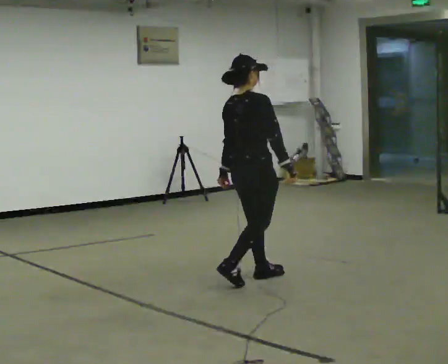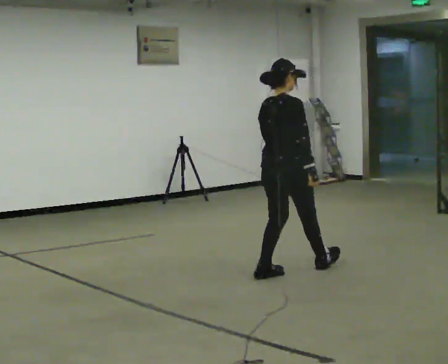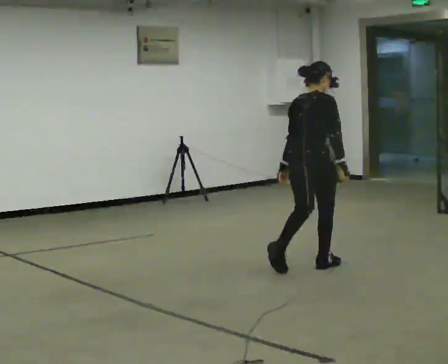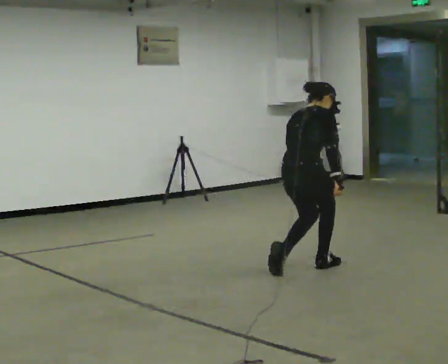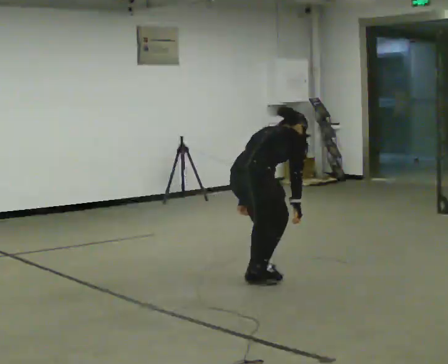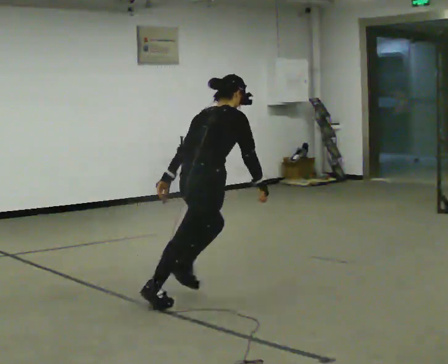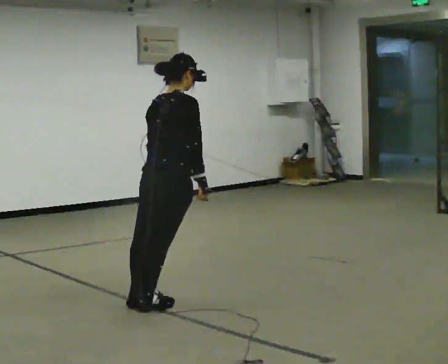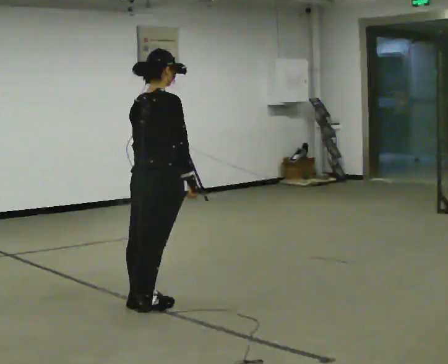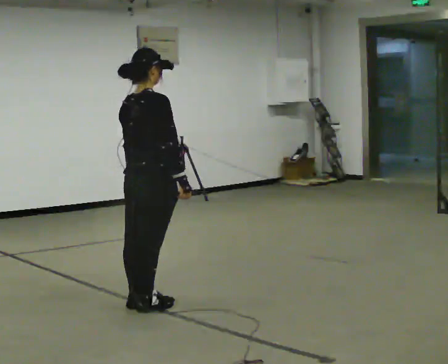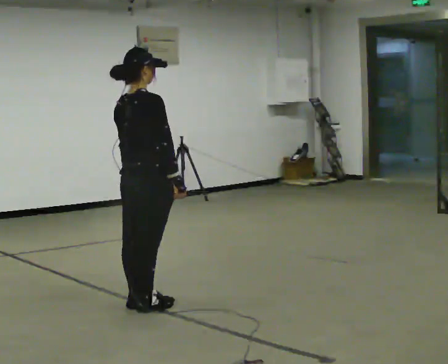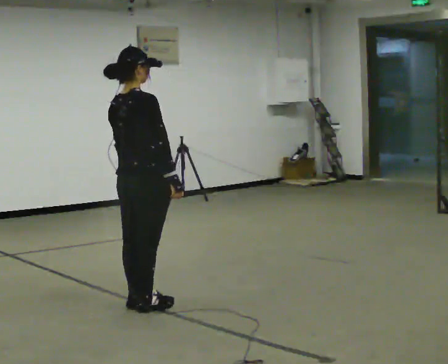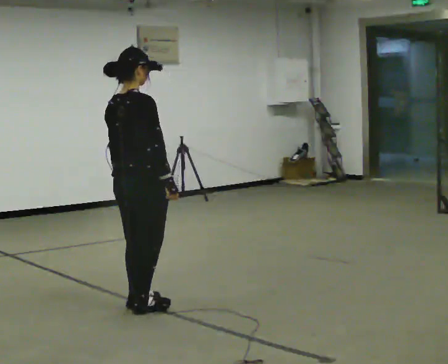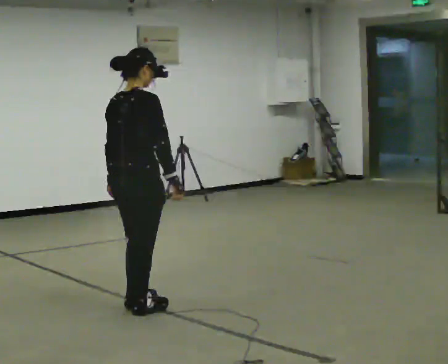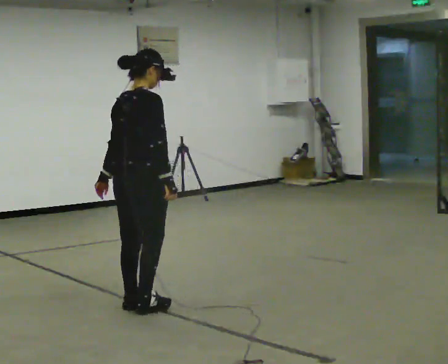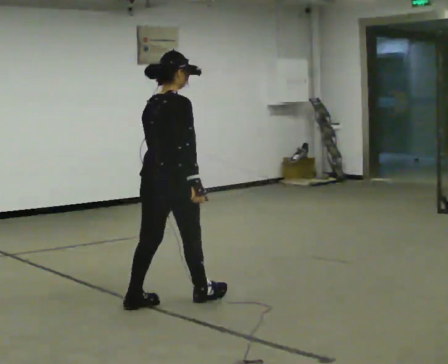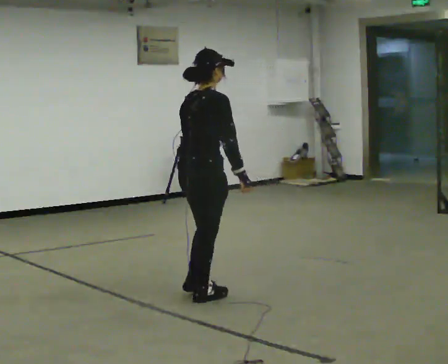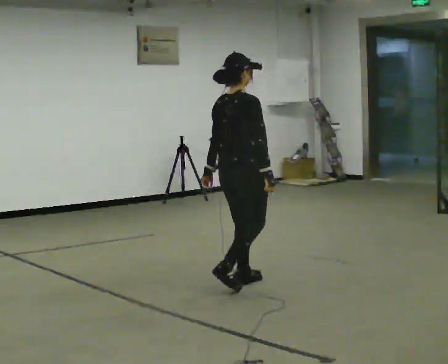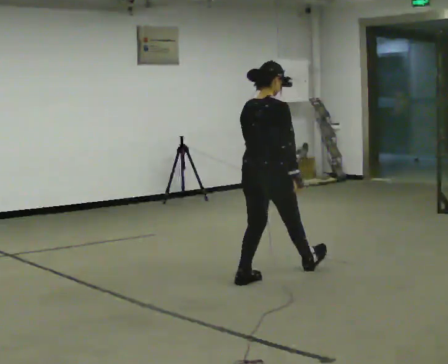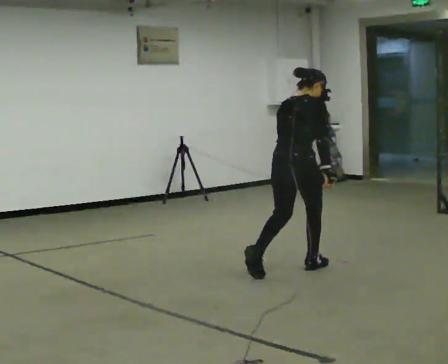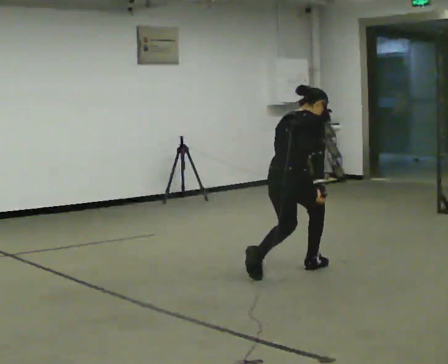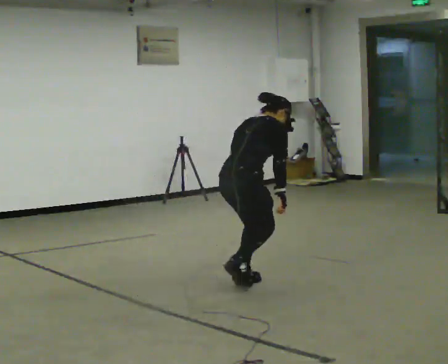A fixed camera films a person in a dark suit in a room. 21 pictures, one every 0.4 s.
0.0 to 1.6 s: The upper body goes downward. In the picture the upper body tilts clockwise, shoulders to the right, as they bend forward.
1.6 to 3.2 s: In the picture they go to the left and toward the camera, about 1 m in 1 step, which for them is backward. In the picture the upper body tilts counterclockwise, shoulders to the left, as they lean back or straighten.
3.2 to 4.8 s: The person moves a little, or ends about where they began.
4.8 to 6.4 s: In the picture they go to the right and away from the camera, about 1 m in 3 steps, which for them is forward.
6.4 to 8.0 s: The shoulders move downward. In the picture the upper body tilts clockwise, shoulders to the right, as they bend forward.
The film runs backward here.
